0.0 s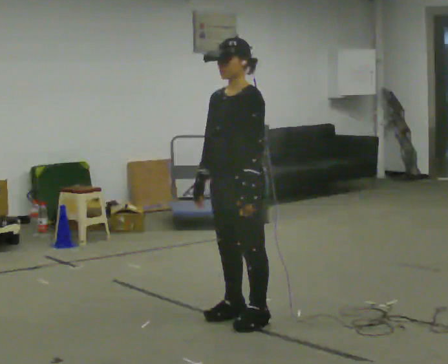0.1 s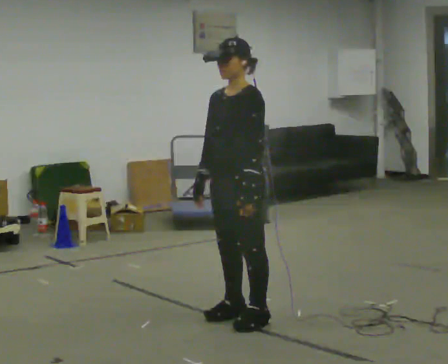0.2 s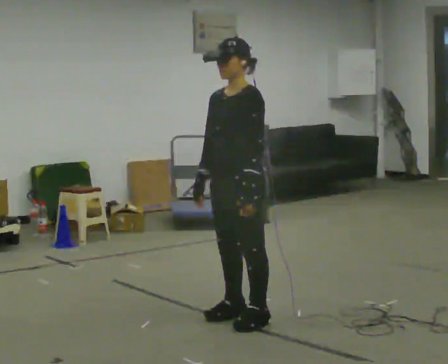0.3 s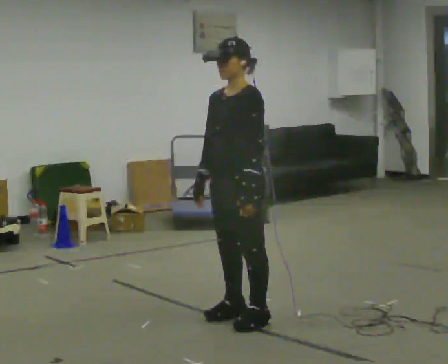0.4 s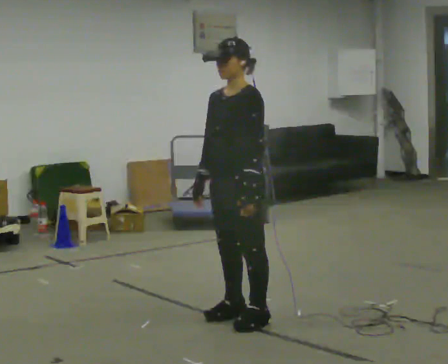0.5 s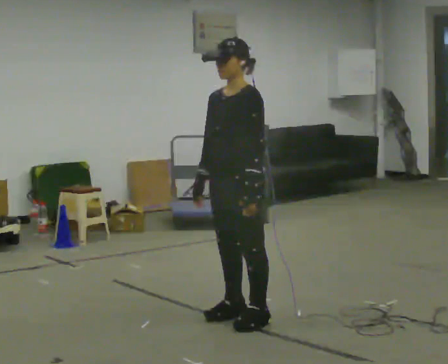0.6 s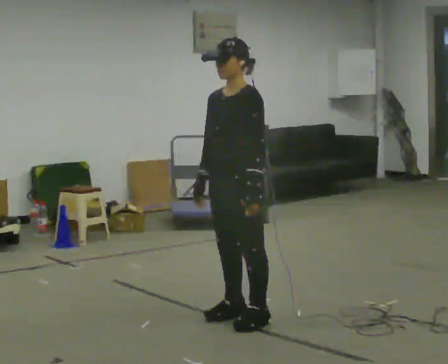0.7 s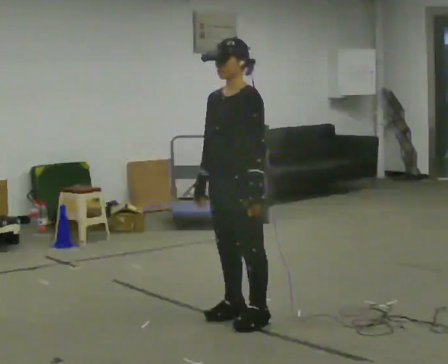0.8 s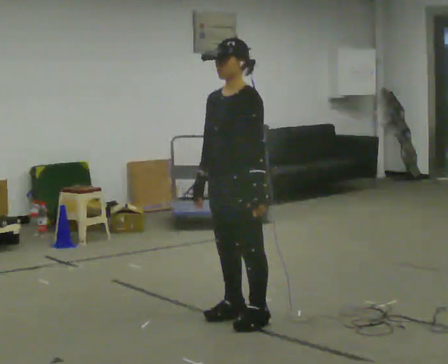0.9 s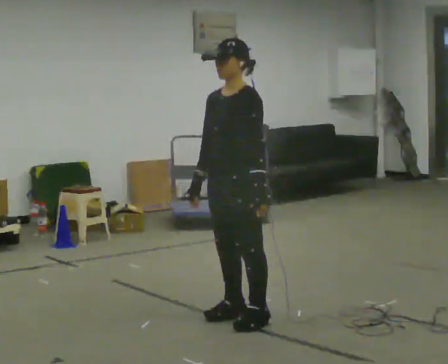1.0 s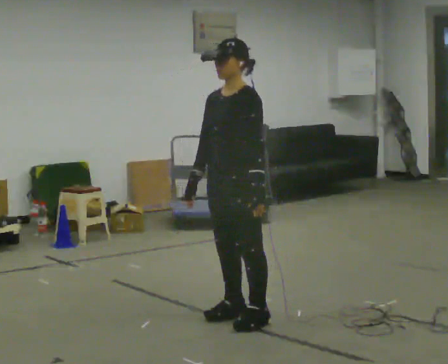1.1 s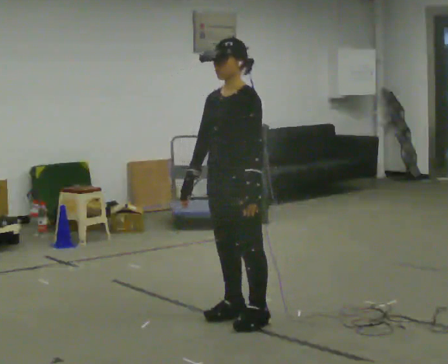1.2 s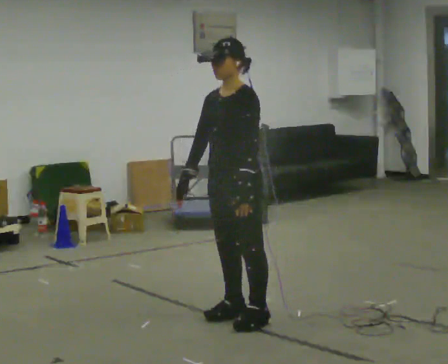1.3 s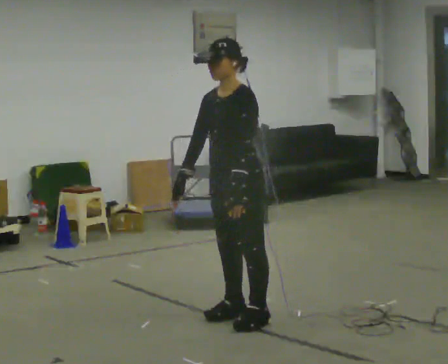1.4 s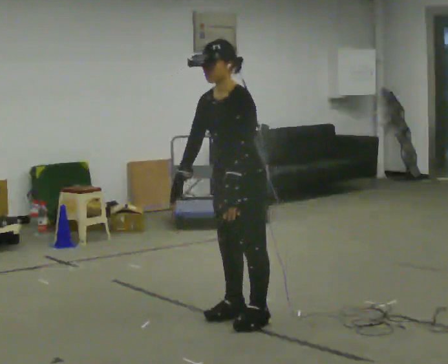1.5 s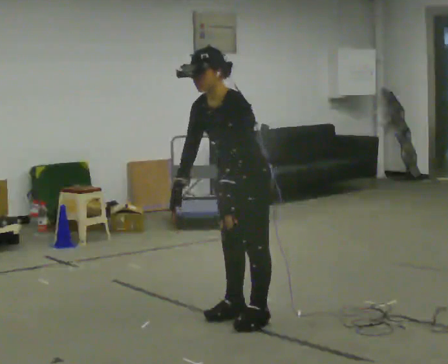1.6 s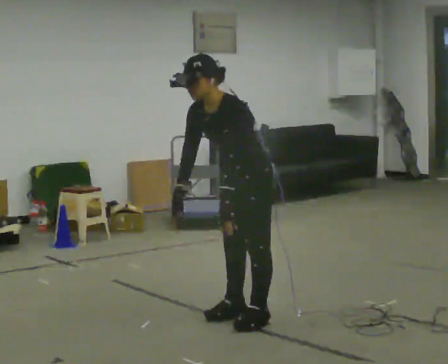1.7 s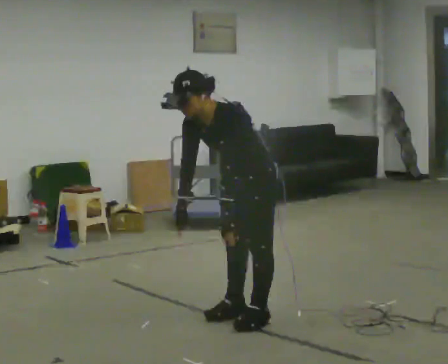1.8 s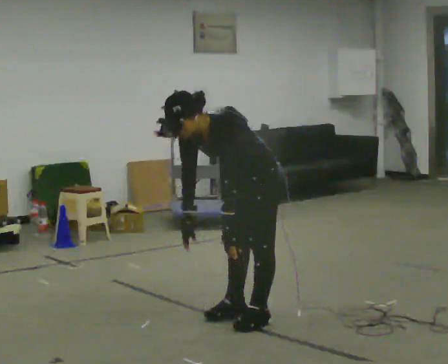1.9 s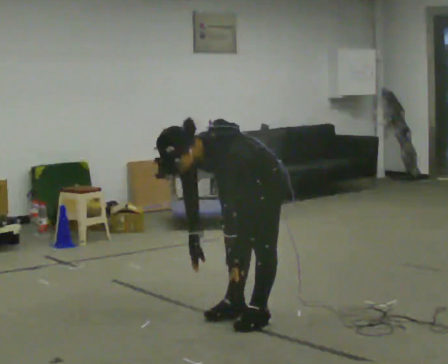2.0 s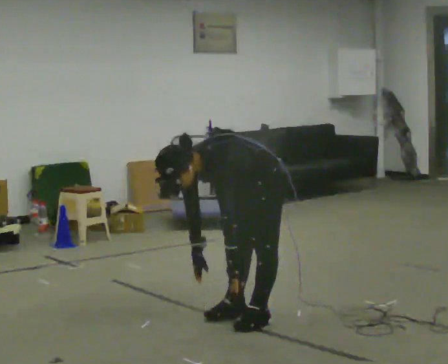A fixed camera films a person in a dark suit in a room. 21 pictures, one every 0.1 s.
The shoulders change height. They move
downward.
0.0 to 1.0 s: The person moves a little, or ends about where they began.
1.0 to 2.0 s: The shoulders move downward. In the picture the upper body tilts counterclockwise, shoulders to the left, as they bend forward. In the picture their right hand goes downward.
The film runs backward here.
